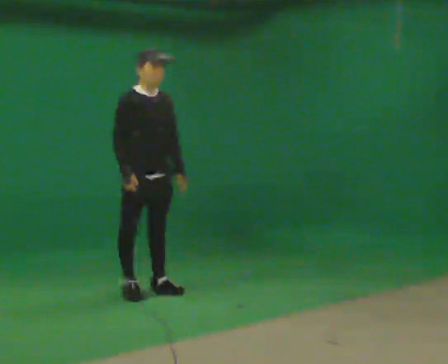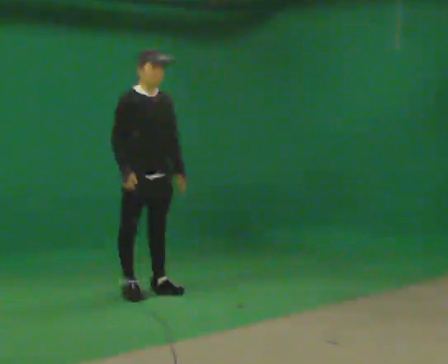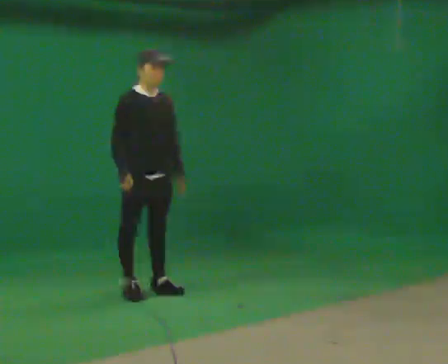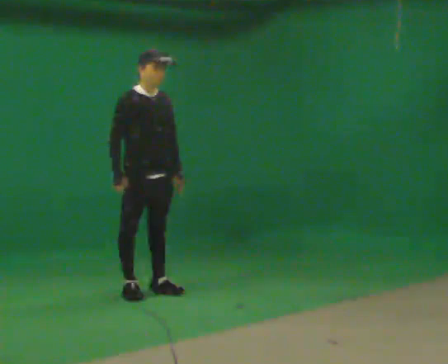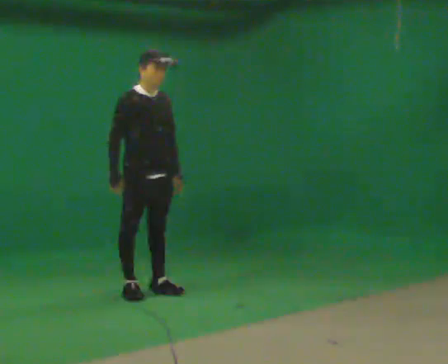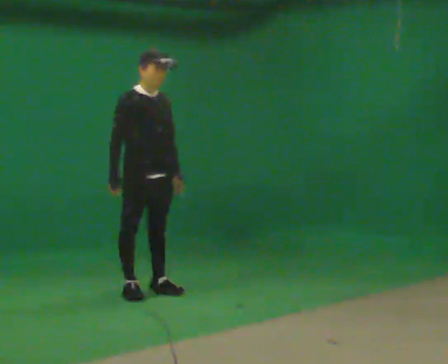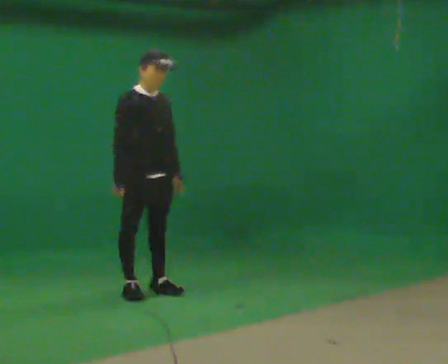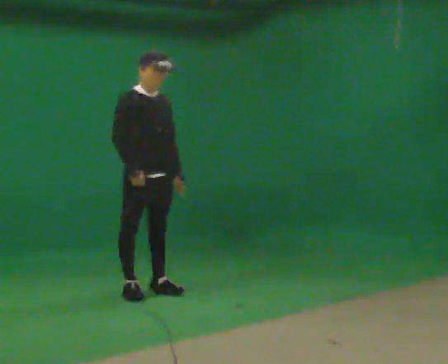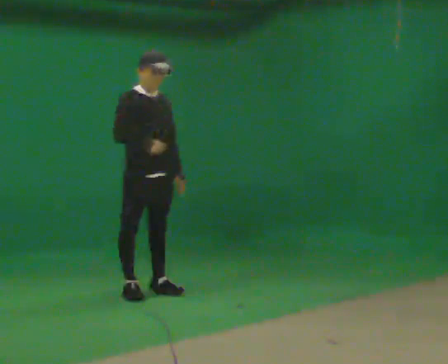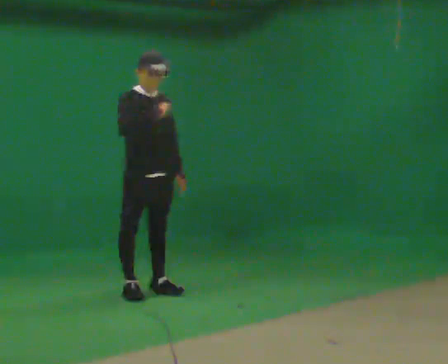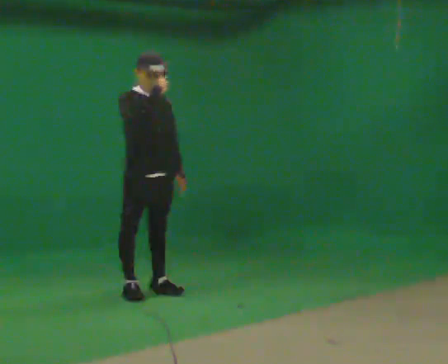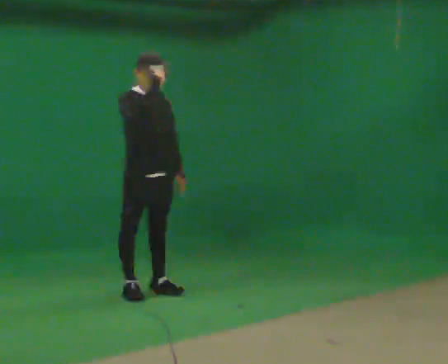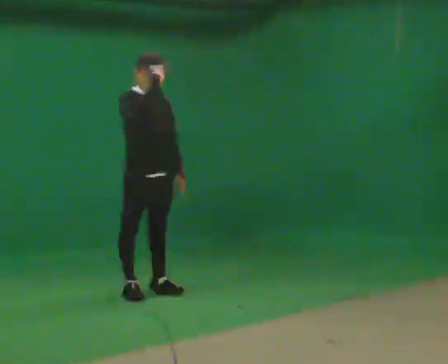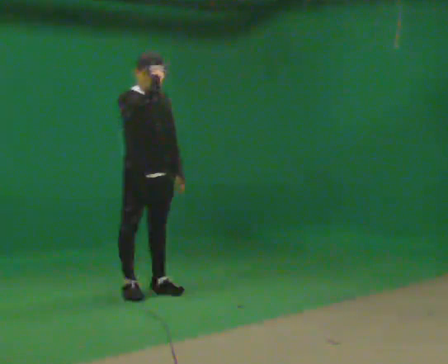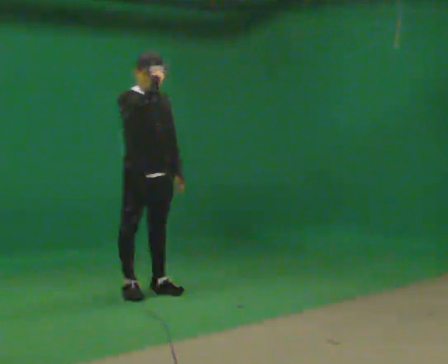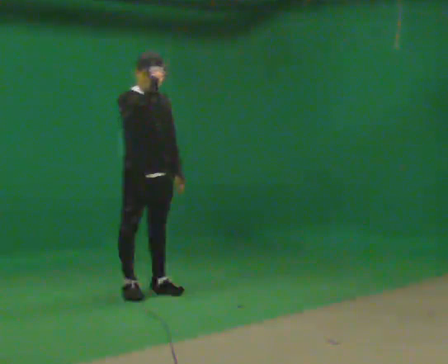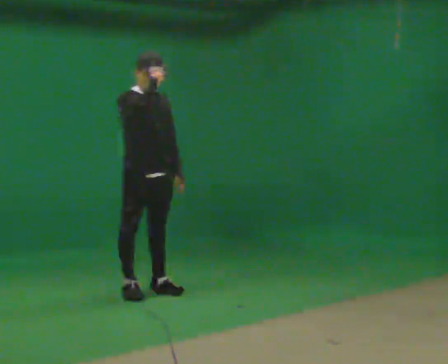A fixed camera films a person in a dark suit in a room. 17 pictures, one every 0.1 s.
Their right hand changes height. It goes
upward.
0.0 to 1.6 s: In the picture their right hand goes upward.
The film runs backward here.
